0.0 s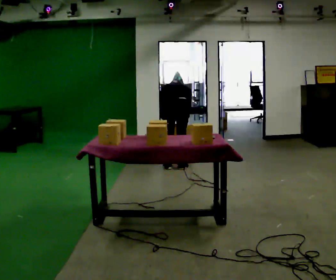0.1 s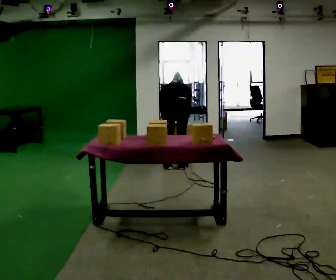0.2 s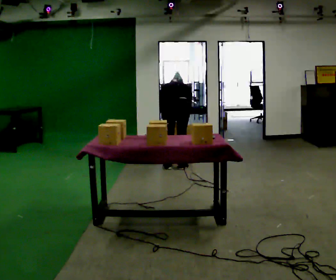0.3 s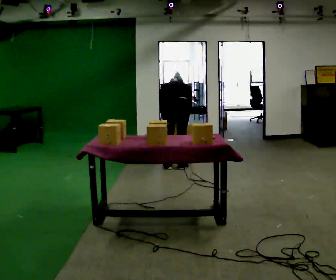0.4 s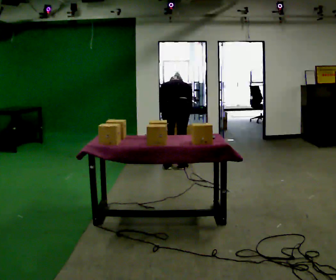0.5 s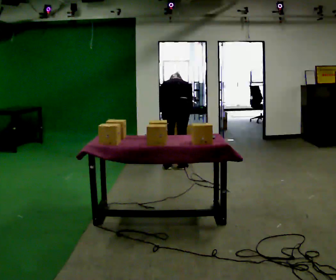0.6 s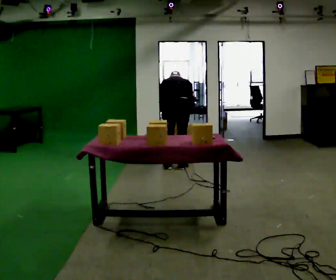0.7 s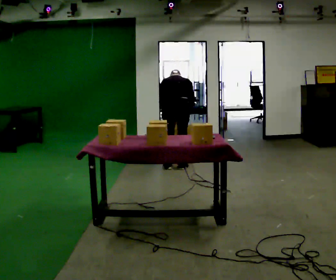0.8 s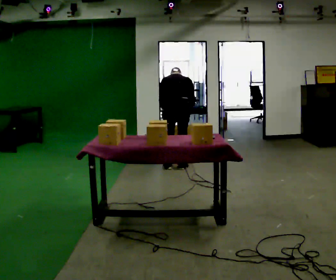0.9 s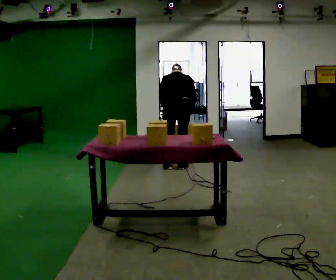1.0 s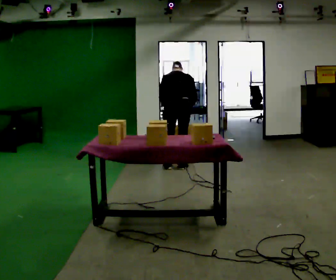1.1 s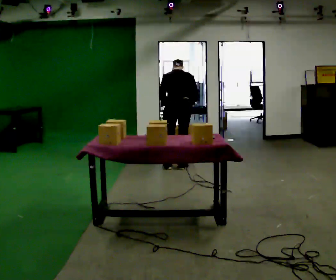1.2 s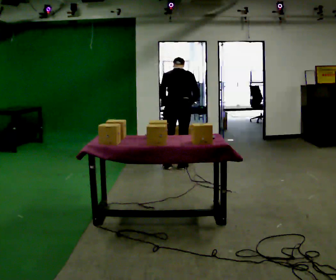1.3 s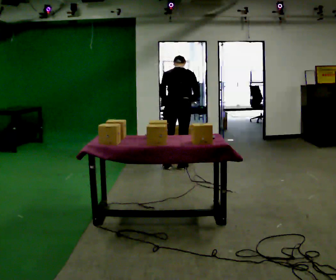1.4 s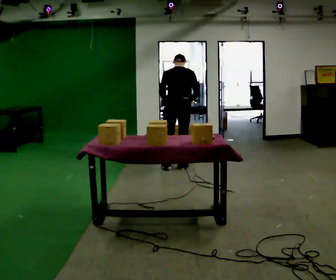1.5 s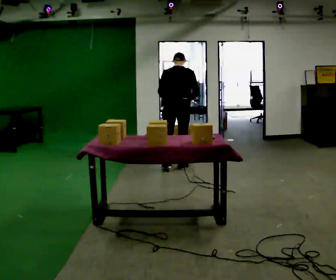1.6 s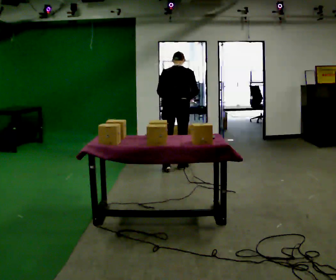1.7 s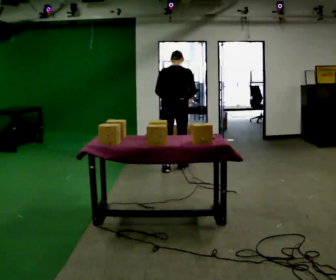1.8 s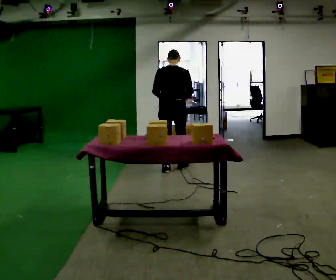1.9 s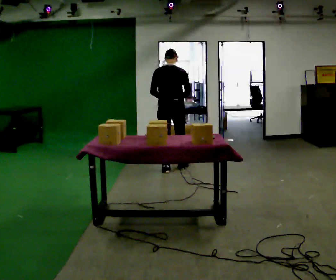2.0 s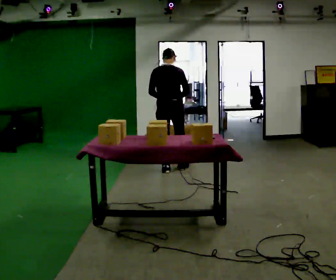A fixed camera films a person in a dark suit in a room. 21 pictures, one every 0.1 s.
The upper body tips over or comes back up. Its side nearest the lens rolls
downward.
Their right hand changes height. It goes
upward.
0.0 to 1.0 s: The shoulders move upward. The upper body tips toward the camera, its near side rolling downward, as they lean back or straighten.
1.0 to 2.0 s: The upper body tips toward the camera, its near side rolling downward, as they lean back or straighten.
The film runs backward here.
